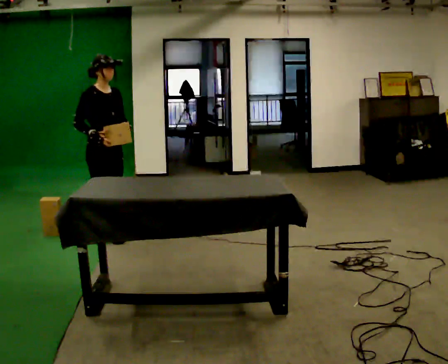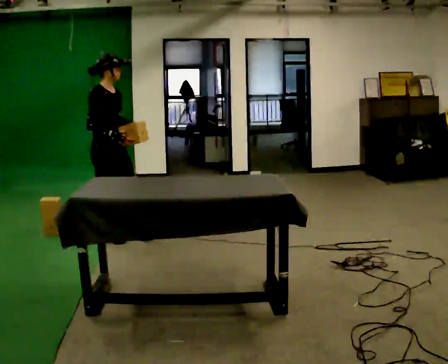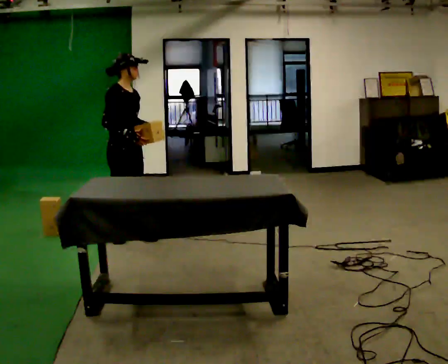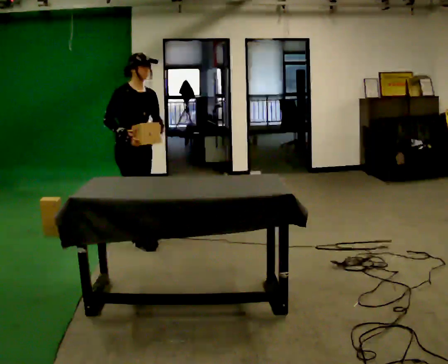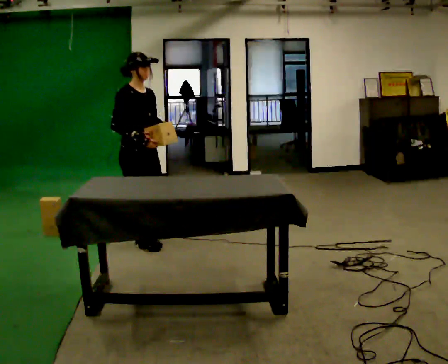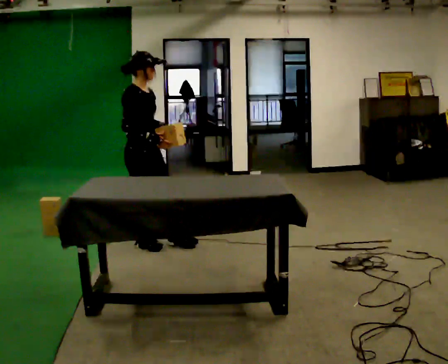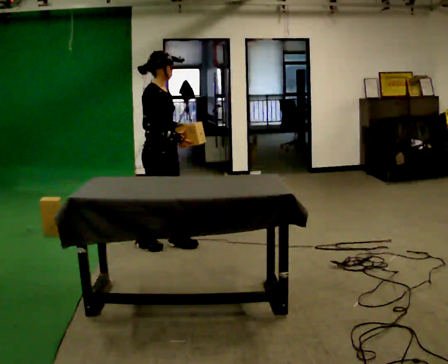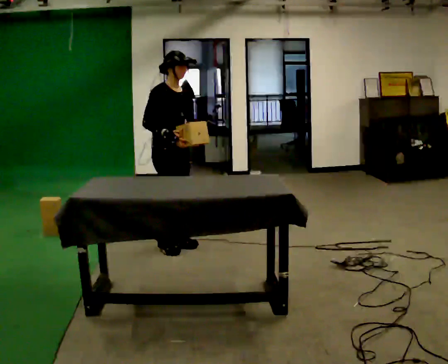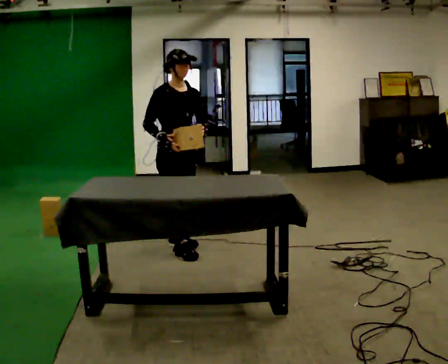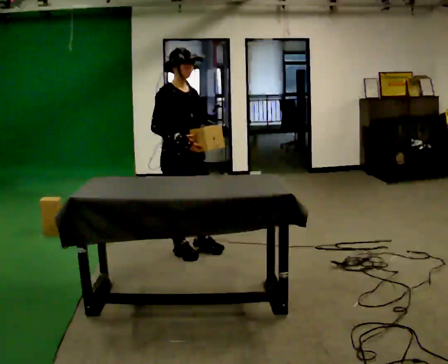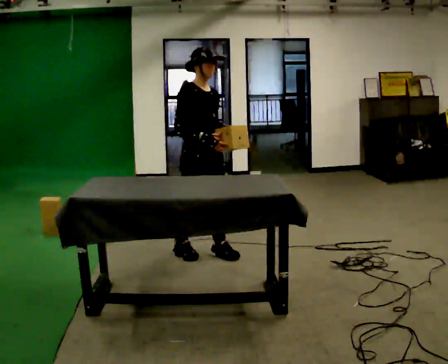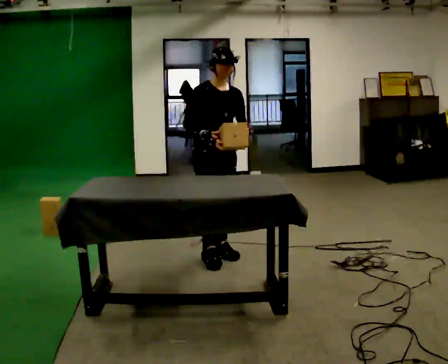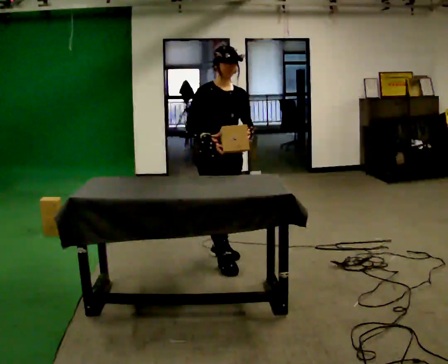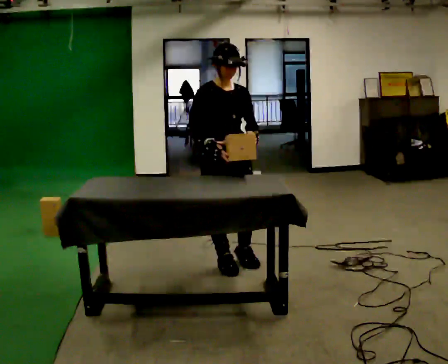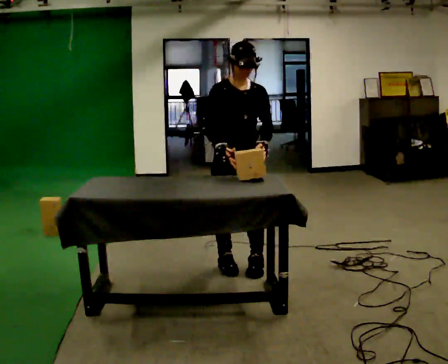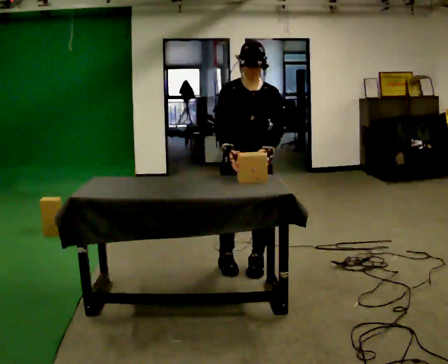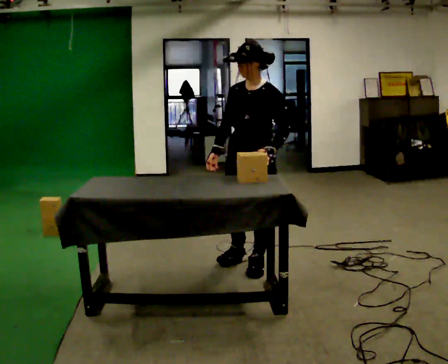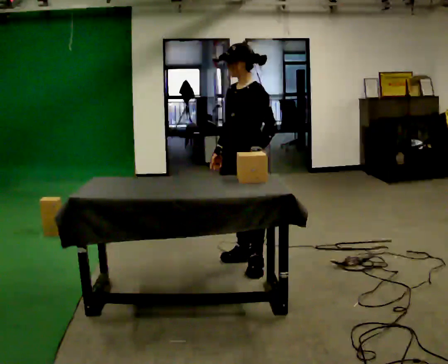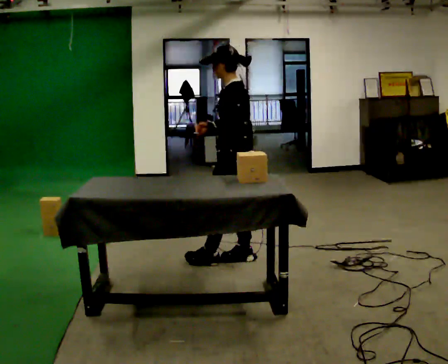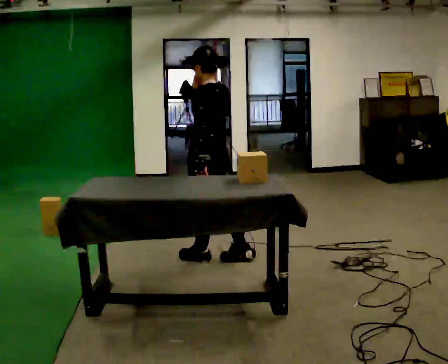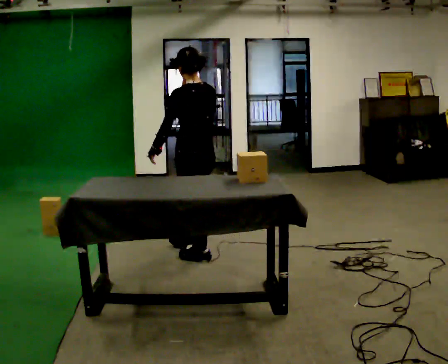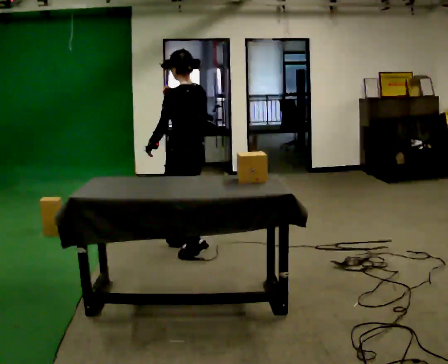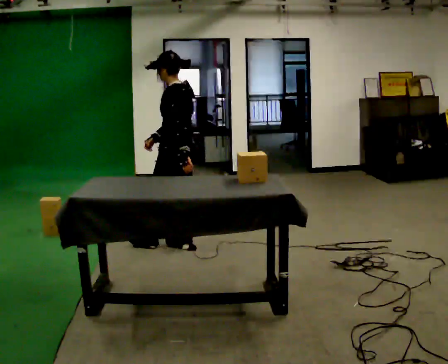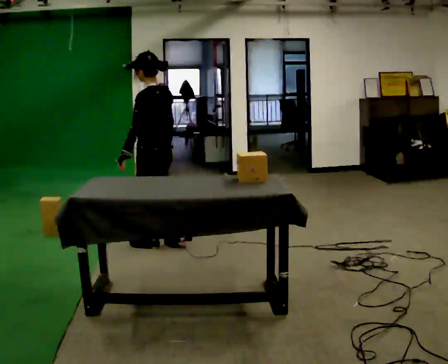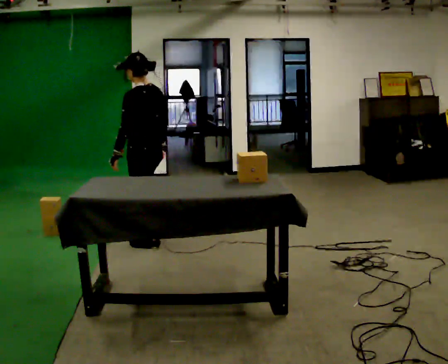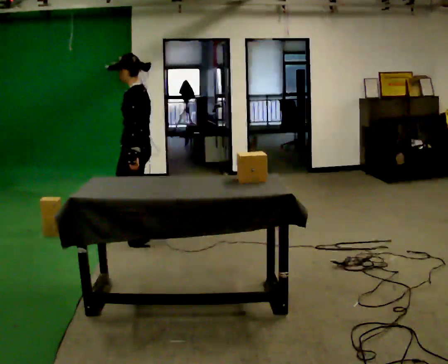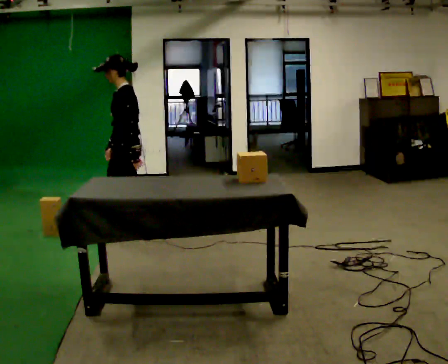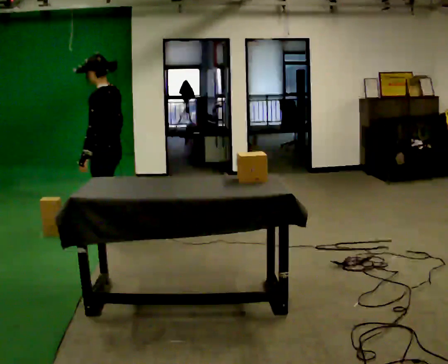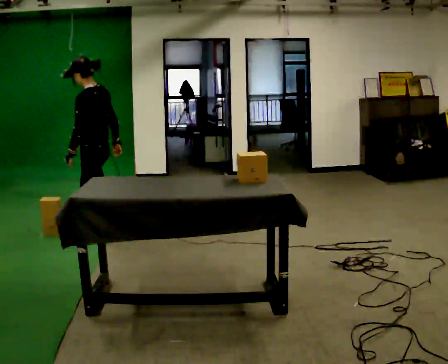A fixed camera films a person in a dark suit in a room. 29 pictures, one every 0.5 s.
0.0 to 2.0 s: In the picture they go to the right and toward the camera, about 0.5 m in 2 steps, which for them is forward.
2.0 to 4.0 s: In the picture they go to the right, about 0.25 m in 2 steps, which for them is forward.
4.0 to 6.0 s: In the picture they go to the right and toward the camera, about 0.5 m in 2 steps, which for them is forward.
6.0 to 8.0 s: The person turns about 75 degrees to their right, clockwise seen from above, so the part of the body nearest the lens slides to the left. In the picture they go to the right, about 0.25 m in 1 step.
8.0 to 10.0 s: Seen from above the body turns clockwise, about 90 degrees: to their right, with its near side sliding to the left. In the picture they go to the left and away from the camera, about 0.5 m in 2 steps. In the picture their right hand goes upward.
10.0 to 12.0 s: In the picture they go to the left and away from the camera, about 0.5 m in 3 steps, which for them is forward. In the picture their right hand goes downward.
12.0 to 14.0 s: In the picture they go to the left, about 0.5 m in 2 steps, which for them is forward and to their right.
The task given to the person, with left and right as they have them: Take an object off the waist-height shelf, carry it across the room, and set it down on the floor. Keep going until the operator says stop; one object at a time, and do not rush between trips.
The film runs forward here.
